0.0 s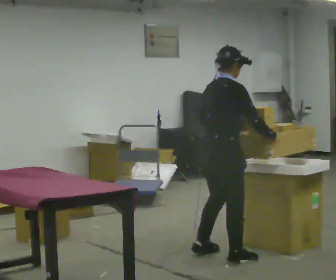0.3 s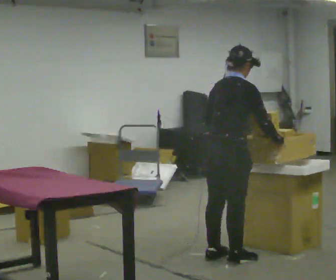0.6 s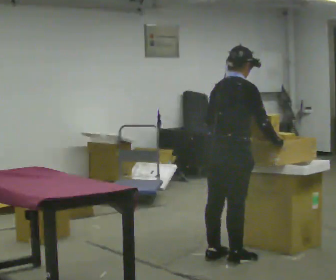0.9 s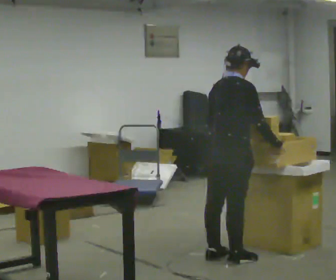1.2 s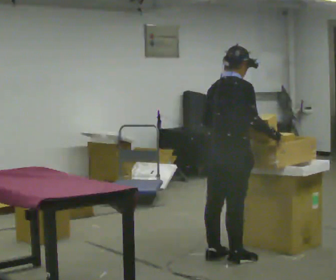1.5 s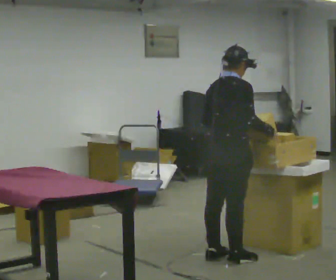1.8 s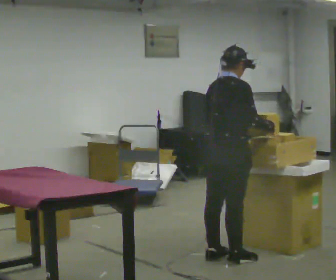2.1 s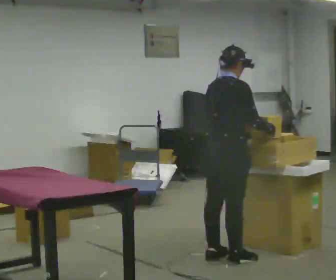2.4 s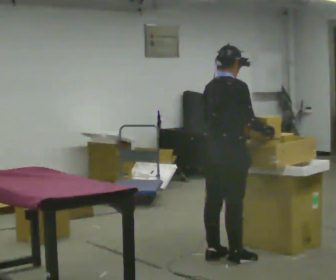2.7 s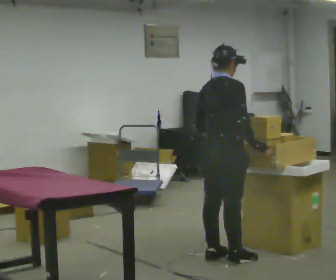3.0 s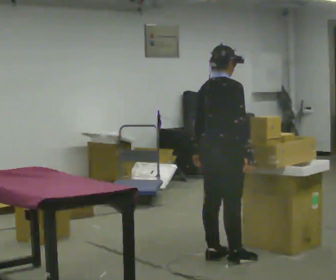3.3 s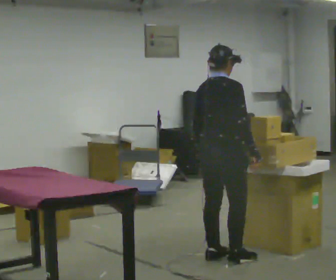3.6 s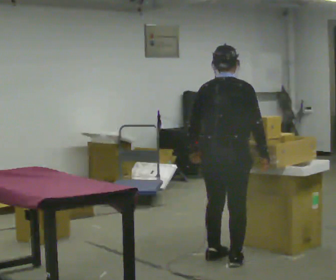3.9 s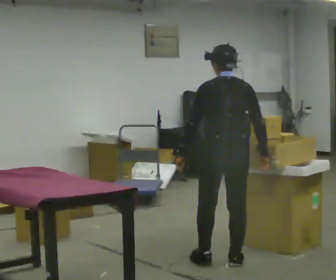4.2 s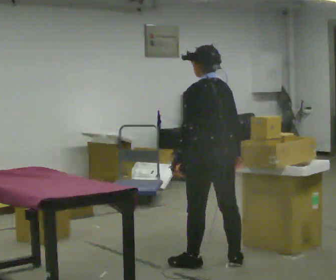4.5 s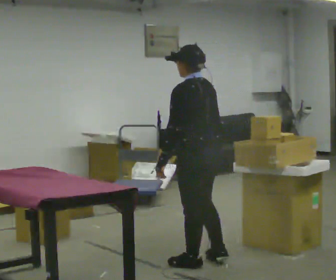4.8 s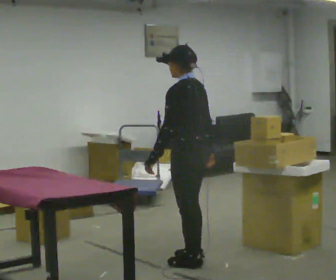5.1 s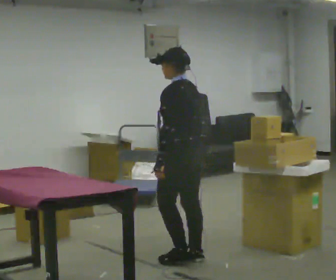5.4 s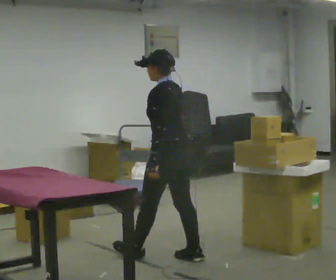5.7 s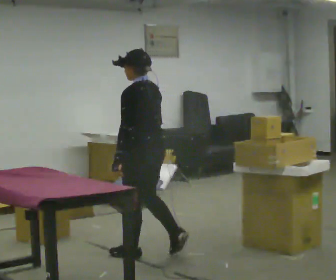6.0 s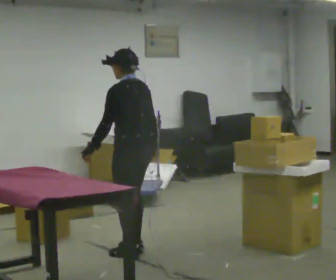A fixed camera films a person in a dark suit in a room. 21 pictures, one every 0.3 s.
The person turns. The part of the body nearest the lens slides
to the right.
The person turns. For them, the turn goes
to their left.
0.0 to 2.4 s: The person moves a little, or ends about where they began.
2.4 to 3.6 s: Seen from above the body turns counterclockwise, about 45 degrees: to their left, with its near side sliding to the right. In the picture their left hand goes to the left, the arm swinging clockwise.
3.6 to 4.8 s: The part of the body nearest the lens slides to the right as the person turns to their left by about 75 degrees. In the picture they go to the left, about 0.25 m in 2 steps. In the picture their right hand goes to the left.
4.8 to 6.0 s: In the picture they go to the left and away from the camera, about 0.5 m in 2 steps, which for them is forward.
The film runs forward here.
